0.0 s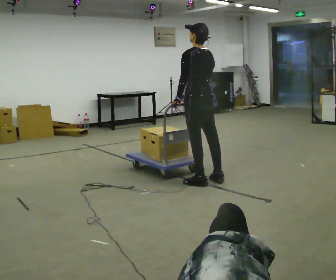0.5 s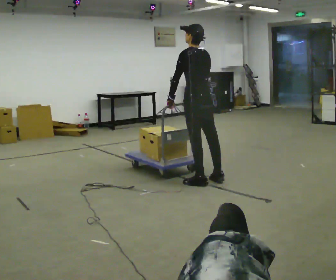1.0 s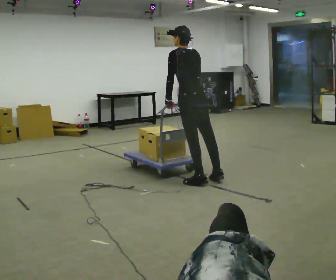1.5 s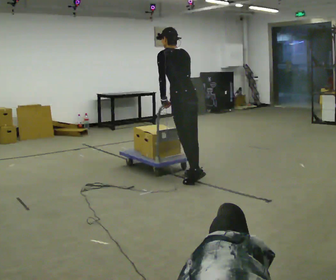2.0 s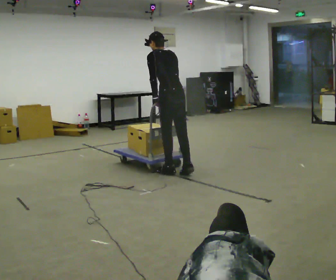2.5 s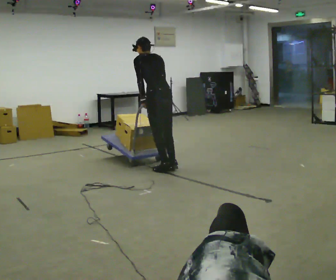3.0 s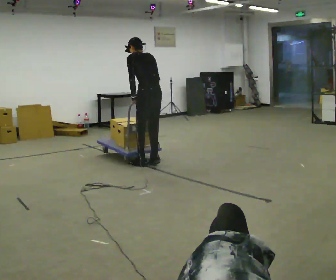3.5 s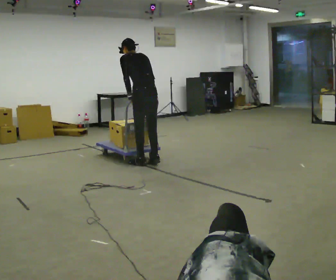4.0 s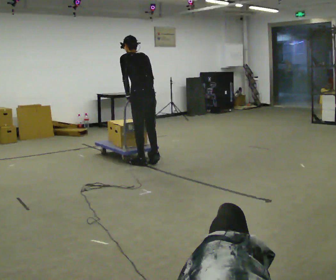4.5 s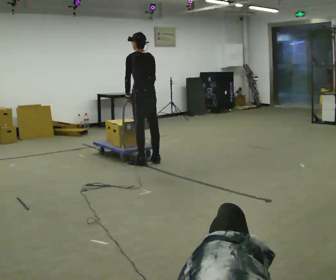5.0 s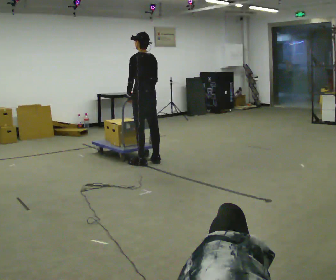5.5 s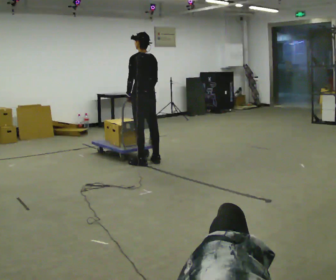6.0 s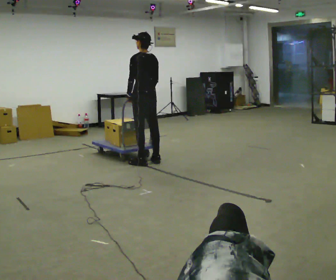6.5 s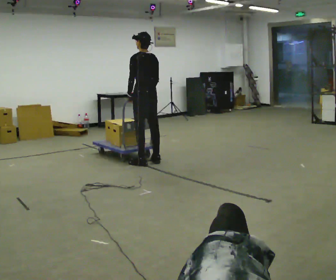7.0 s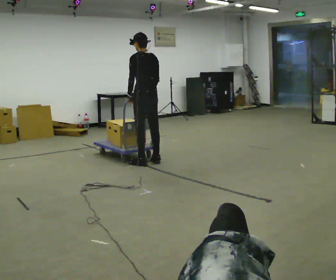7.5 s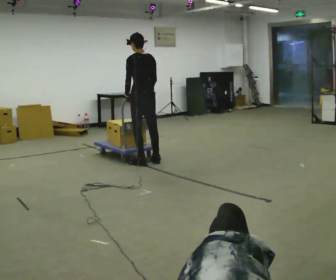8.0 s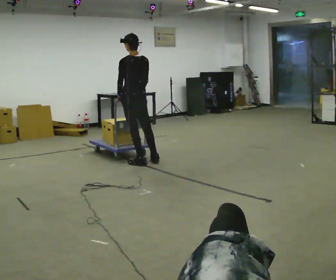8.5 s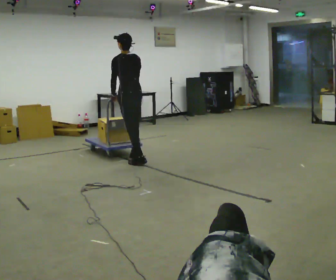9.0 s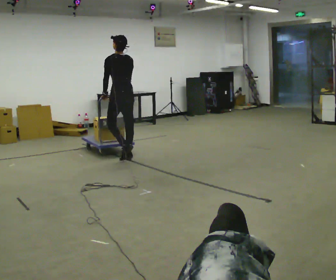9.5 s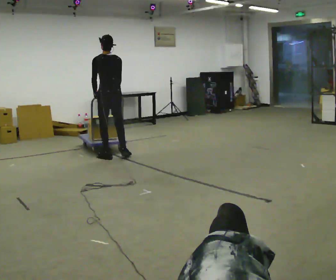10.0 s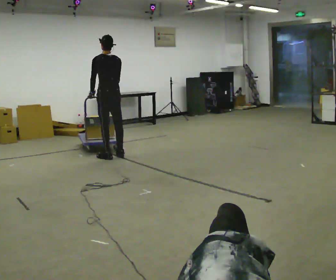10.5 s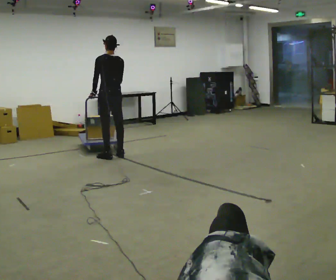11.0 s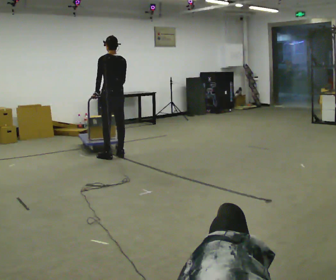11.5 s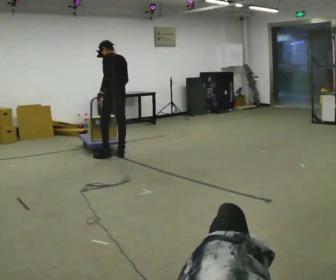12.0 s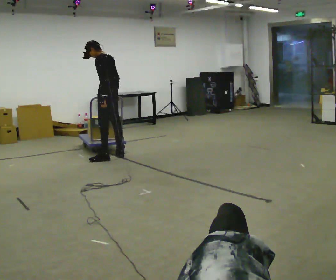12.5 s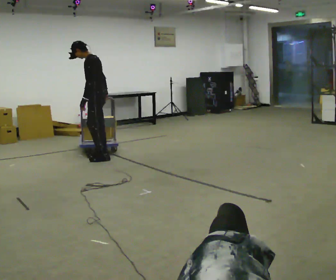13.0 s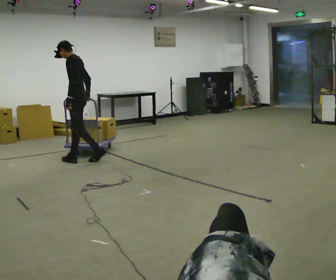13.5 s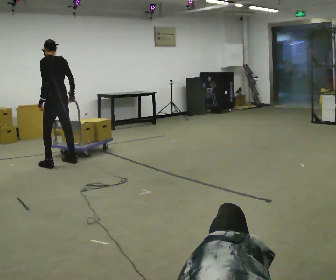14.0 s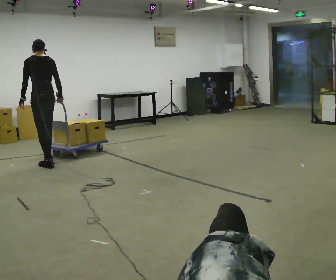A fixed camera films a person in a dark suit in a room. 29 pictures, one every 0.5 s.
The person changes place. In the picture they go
to the left.
0.0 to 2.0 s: In the picture they go away from the camera and to the left, about 0.5 m in 1 step, which for them is forward. The upper body tips away from the camera, its near side rolling upward, as they bend forward.
2.0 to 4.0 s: In the picture they go away from the camera and to the left, about 0.5 m in 3 steps, which for them is forward.
4.0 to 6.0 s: The person moves a little, or ends about where they began.
6.0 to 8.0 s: In the picture they go to the left, about 0.25 m.
8.0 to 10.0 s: In the picture they go to the left and away from the camera, about 0.5 m in 3 steps, which for them is forward.
10.0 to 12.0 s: The person turns about 45 degrees to their left, counterclockwise seen from above, so the part of the body nearest the lens slides to the right.
12.0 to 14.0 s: Seen from above the body turns clockwise, about 30 degrees: to their right, with its near side sliding to the left. In the picture they go to the left and toward the camera, about 1 m in 2 steps, which for them is forward and to their left.
The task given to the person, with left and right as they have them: Stand still with your hands on the cart. When the operator says go, get it moving, push it a few metres, then bring it to a stop. Repeat until the operator says stop.
The film runs forward here.
